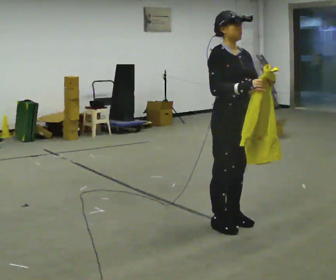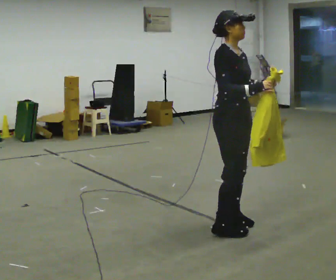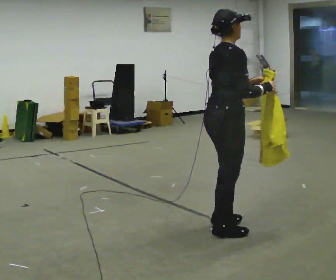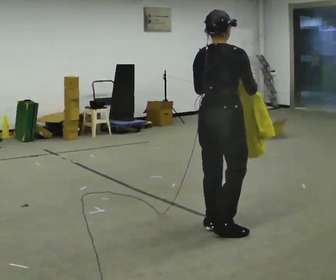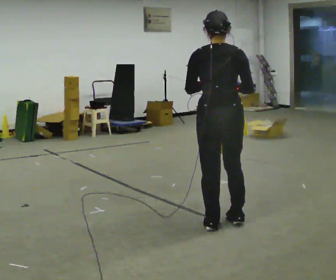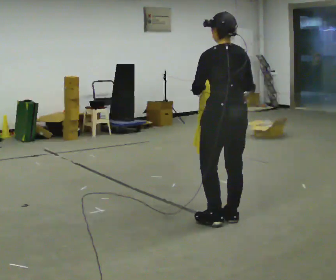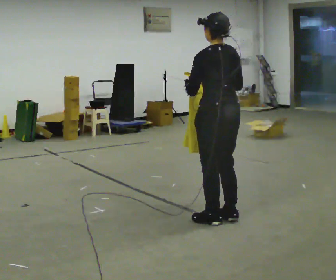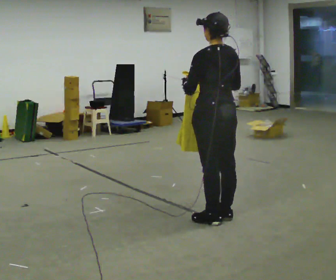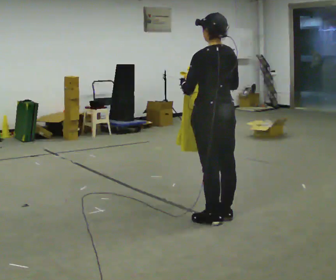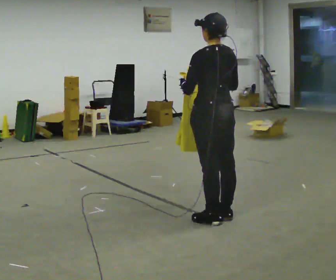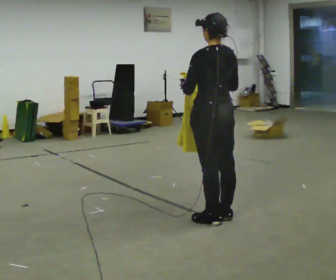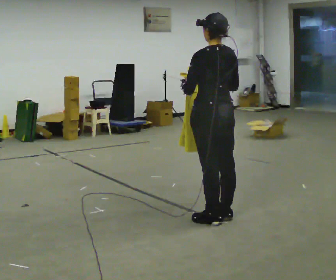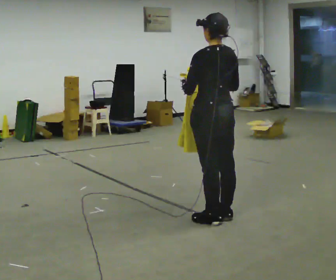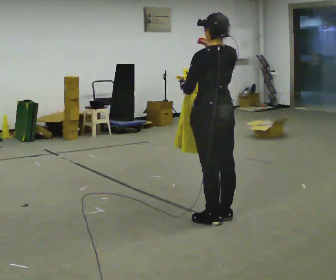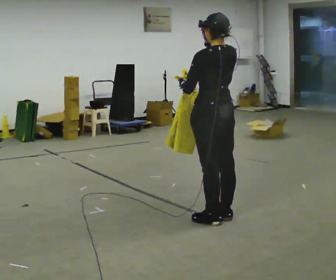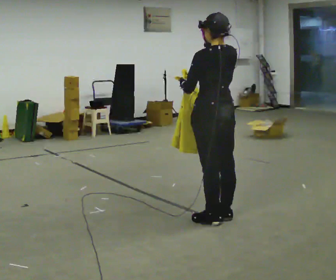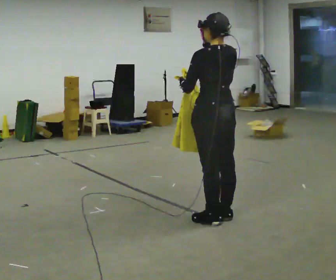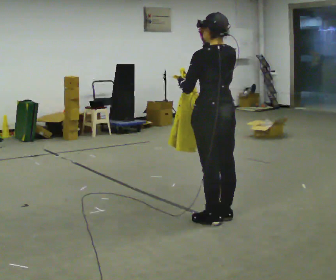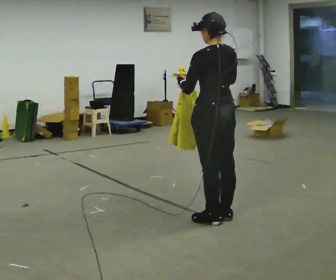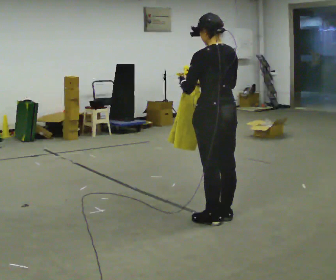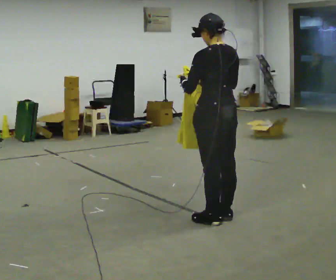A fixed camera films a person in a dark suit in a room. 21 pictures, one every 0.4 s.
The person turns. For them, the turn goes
to their left.
The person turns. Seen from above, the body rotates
counterclockwise.
0.0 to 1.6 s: The person turns about 135 degrees to their left, counterclockwise seen from above, so the part of the body nearest the lens slides to the right. In the picture their left hand goes to the left.
1.6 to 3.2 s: Seen from above the body turns counterclockwise, about 30 degrees: to their left, with its near side sliding to the right. In the picture they go away from the camera, about 0.25 m in 1 step, which for them is forward.
3.2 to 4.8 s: The person keeps their place and pose.
4.8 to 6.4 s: In the picture their right hand goes upward.
6.4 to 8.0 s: In the picture their right hand goes downward.
The film runs forward here.
